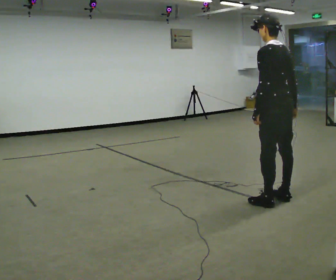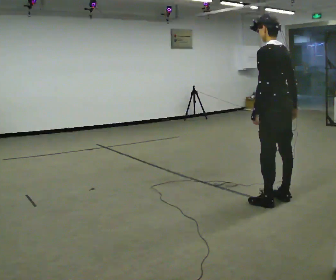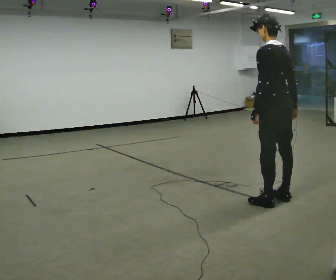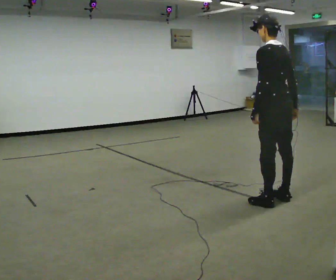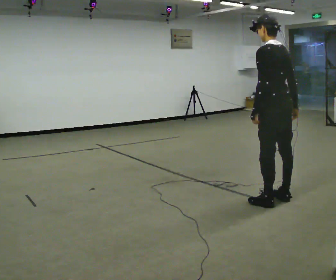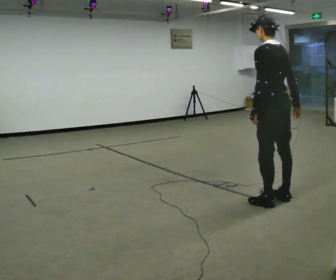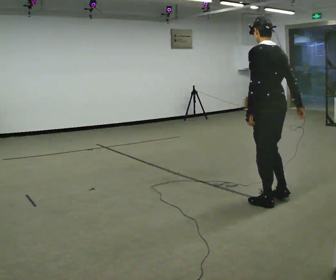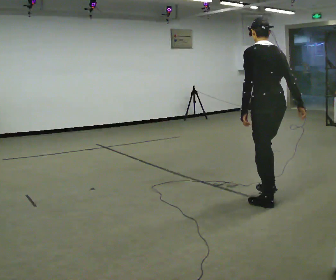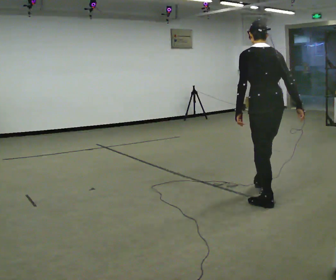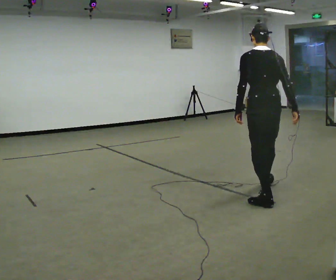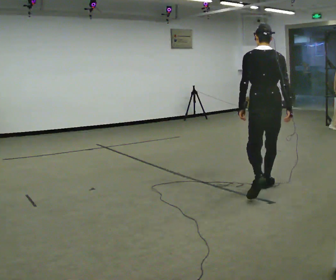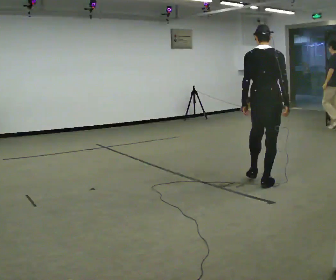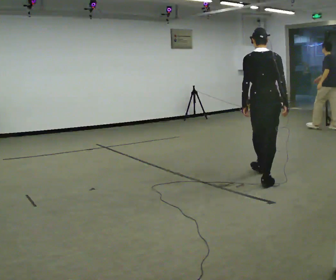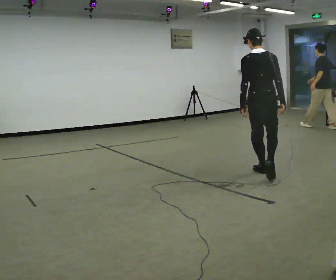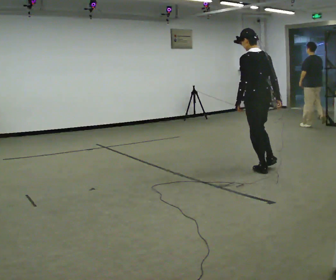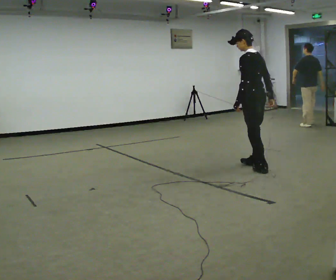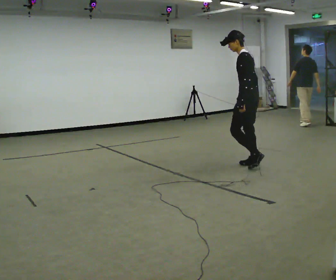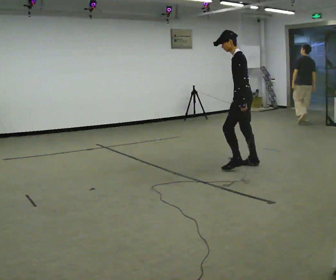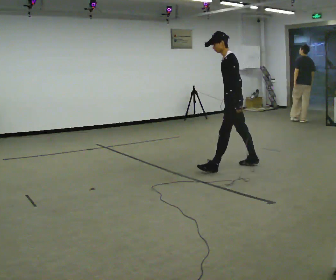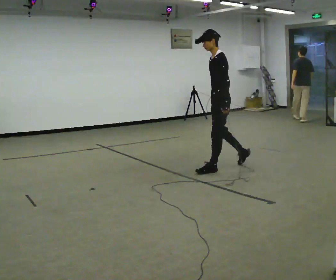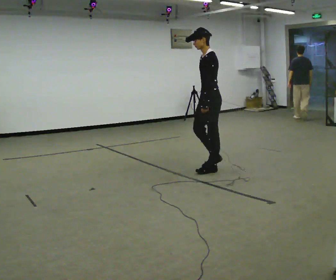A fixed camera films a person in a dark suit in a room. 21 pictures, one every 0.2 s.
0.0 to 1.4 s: The person moves a little, or ends about where they began.
1.4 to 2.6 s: Seen from above the body turns clockwise, about 30 degrees: to their right, with its near side sliding to the left. In the picture they go away from the camera, about 1 m in 2 steps, which for them is forward.
2.6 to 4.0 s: Seen from above the body turns counterclockwise, about 105 degrees: to their left, with its near side sliding to the right. In the picture they go to the left and away from the camera, about 0.75 m in 2 steps.
The film runs forward here.
